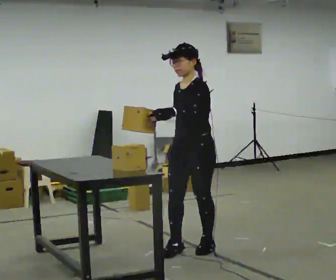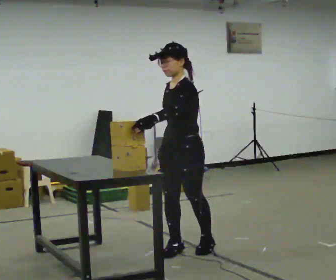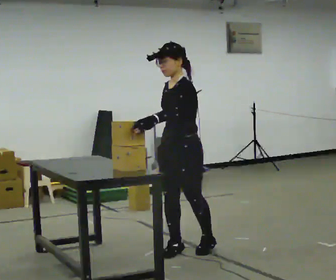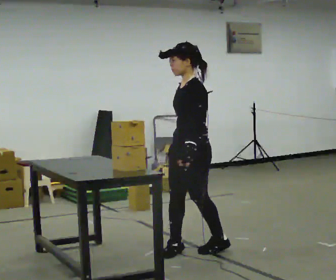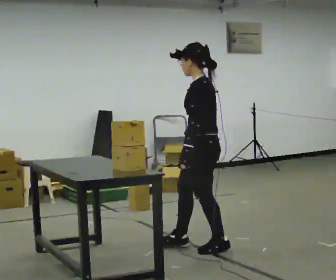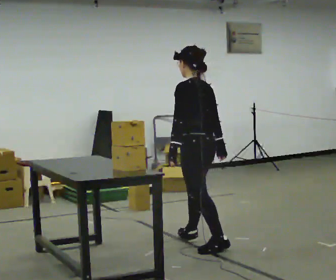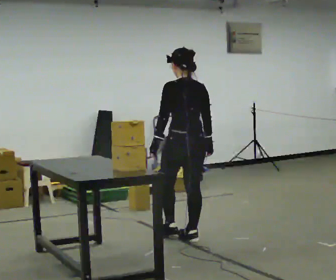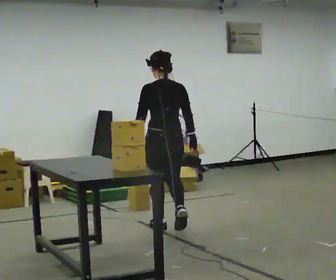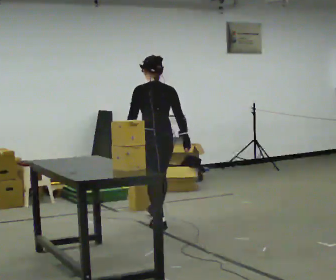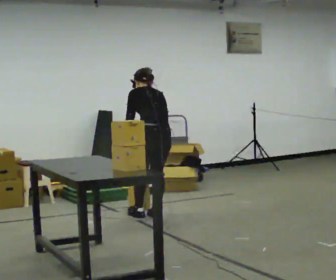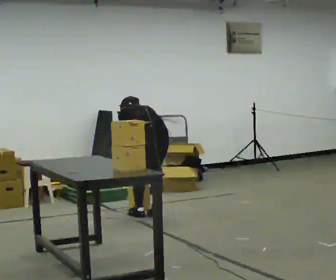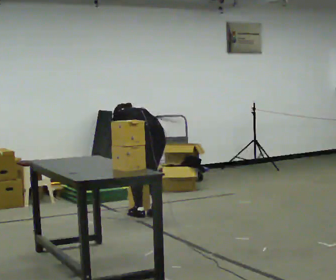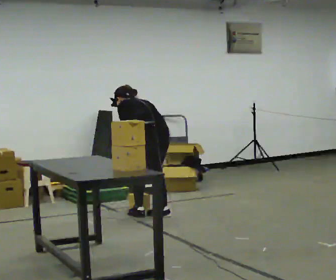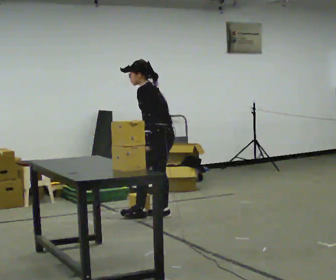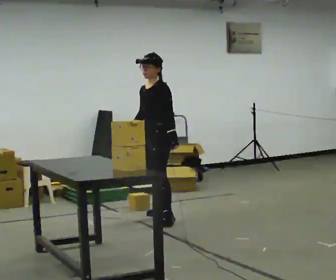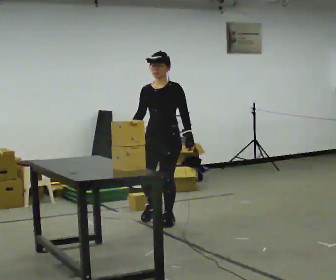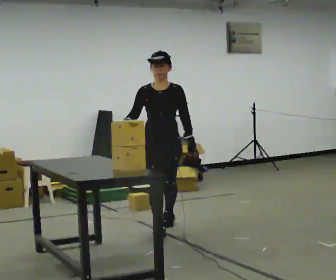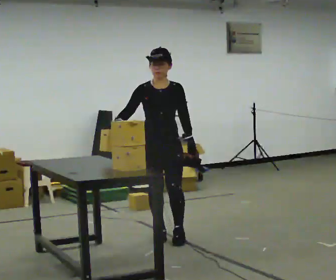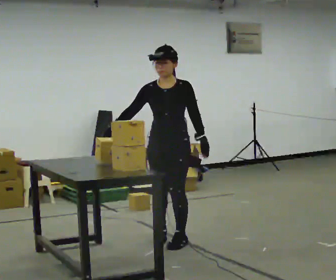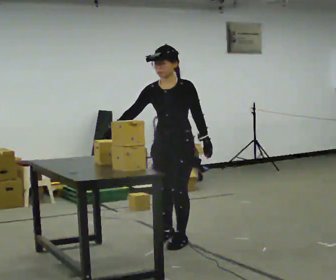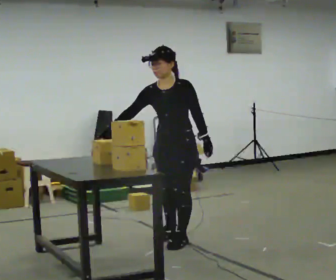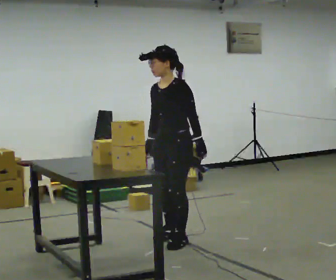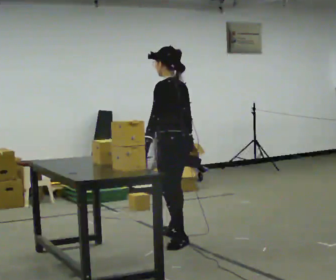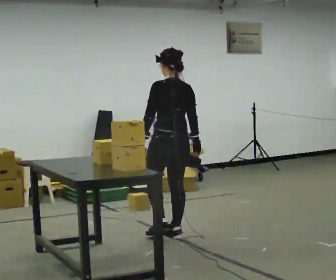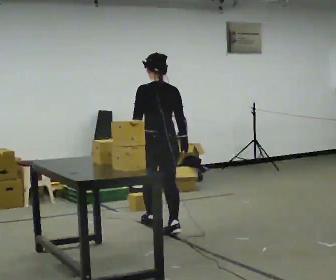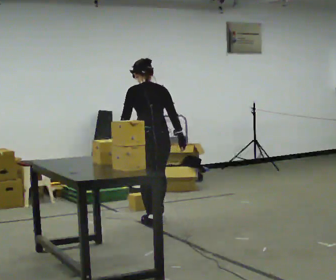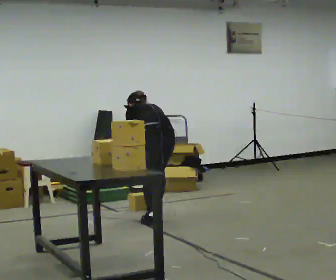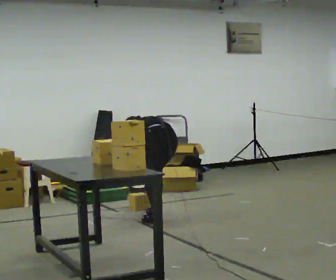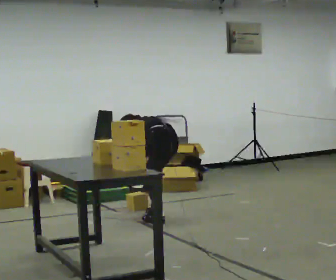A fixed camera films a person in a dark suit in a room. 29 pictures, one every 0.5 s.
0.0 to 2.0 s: The part of the body nearest the lens slides to the left as the person turns to their right by about 60 degrees.
2.0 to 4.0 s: Seen from above the body turns clockwise, about 60 degrees: to their right, with its near side sliding to the left. In the picture they go away from the camera, about 1 m in 3 steps.
4.0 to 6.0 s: In the picture they go away from the camera, about 0.25 m in 1 step, which for them is forward.
6.0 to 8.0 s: The person turns about 150 degrees to their left, counterclockwise seen from above, so the part of the body nearest the lens slides to the right. In the picture they go toward the camera, about 0.5 m in 2 steps. The upper body tips toward the camera, its near side rolling downward, as they lean back or straighten. In the picture their right hand goes upward, the arm swinging clockwise.
8.0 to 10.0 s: Seen from above the body turns clockwise, about 30 degrees: to their right, with its near side sliding to the left. In the picture they go toward the camera, about 0.5 m in 1 step, which for them is forward and to their left.
10.0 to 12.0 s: The part of the body nearest the lens slides to the left as the person turns to their right by about 150 degrees. In the picture they go away from the camera, about 0.5 m in 1 step.
12.0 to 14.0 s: The person turns about 45 degrees to their left, counterclockwise seen from above, so the part of the body nearest the lens slides to the right. In the picture they go away from the camera, about 0.5 m in 1 step, which for them is forward and to their right. The shoulders move downward. The upper body tips away from the camera, its near side rolling upward, as they bend forward.
The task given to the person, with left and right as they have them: Pick the object up off the floor using only the hand the operator calls, then carry it to the table in that same hand. Keep going until the operator says stop; one object at a time, and do not rush between trips.
The film runs forward here.
